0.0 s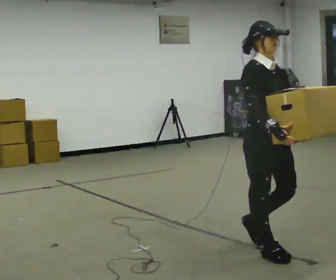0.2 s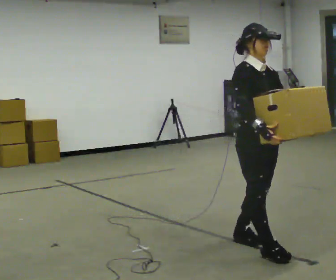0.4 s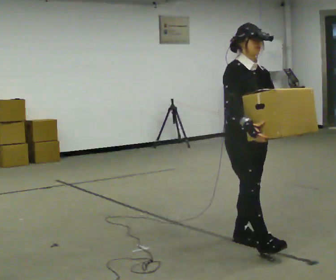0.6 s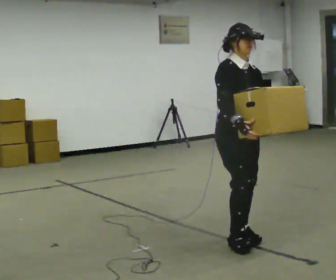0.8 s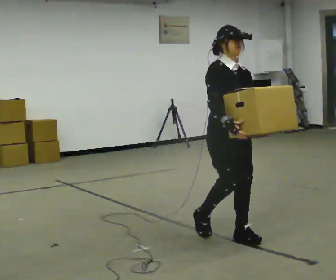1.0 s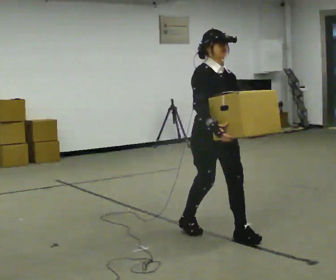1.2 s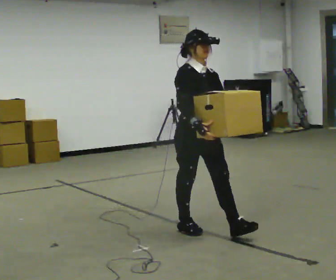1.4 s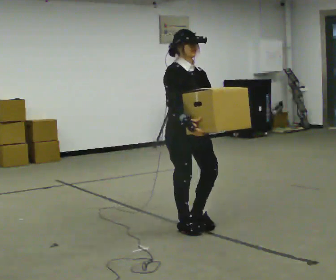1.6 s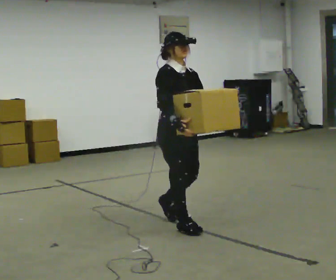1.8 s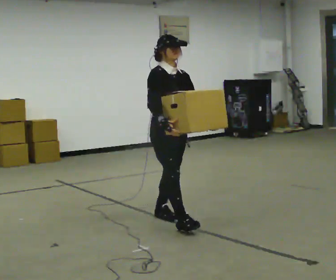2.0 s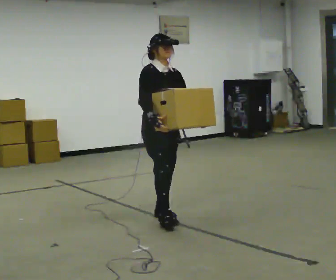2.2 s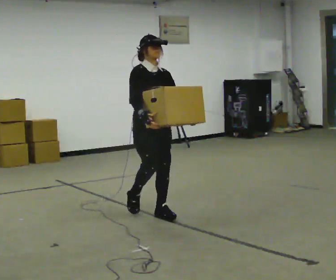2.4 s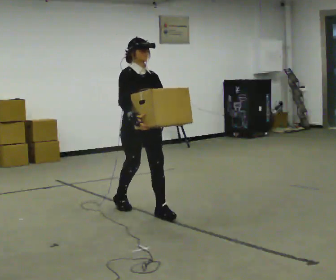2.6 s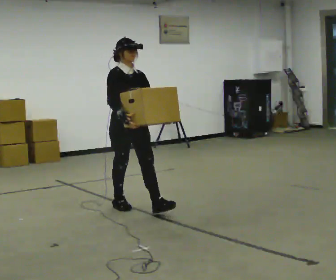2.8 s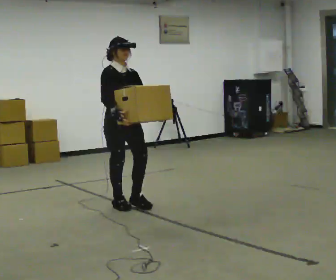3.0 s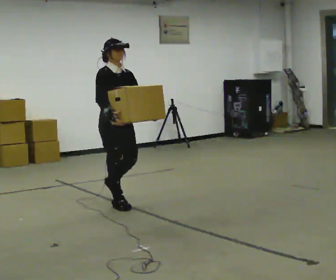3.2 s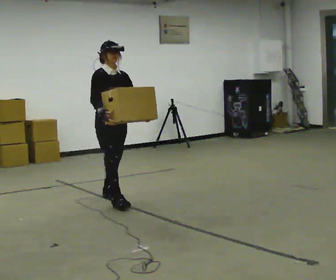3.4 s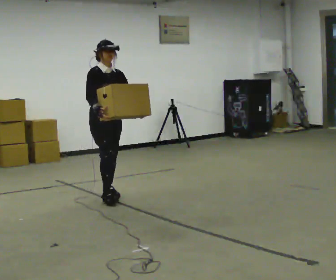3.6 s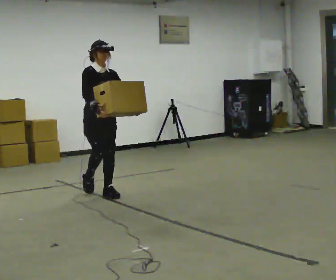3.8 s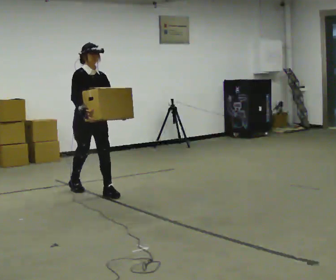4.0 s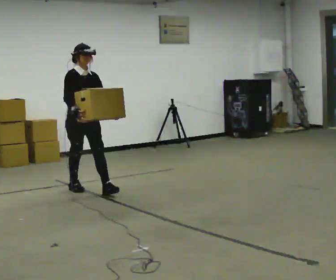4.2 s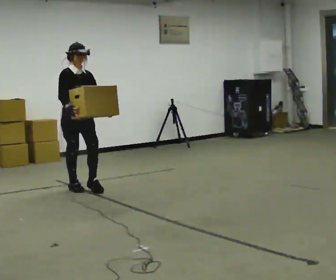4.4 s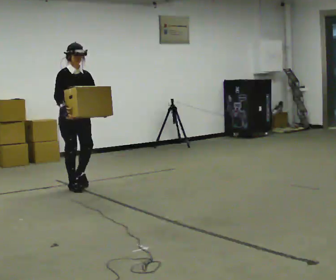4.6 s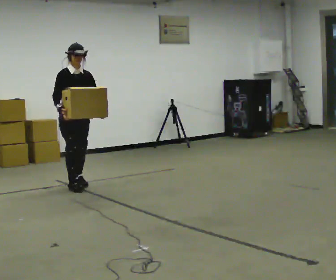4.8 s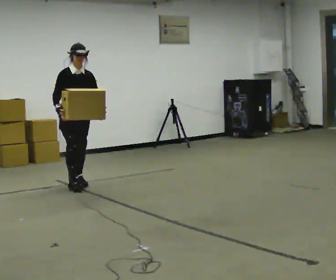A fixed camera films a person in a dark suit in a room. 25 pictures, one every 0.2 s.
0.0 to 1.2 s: In the picture they go away from the camera and to the left, about 0.5 m in 2 steps, which for them is backward.
1.2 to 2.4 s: In the picture they go away from the camera and to the left, about 1 m in 1 step, which for them is backward.
2.4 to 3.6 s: In the picture they go away from the camera and to the left, about 1 m in 2 steps, which for them is backward.
3.6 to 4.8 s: In the picture they go away from the camera and to the left, about 0.5 m in 1 step, which for them is backward.
The film runs backward here.
